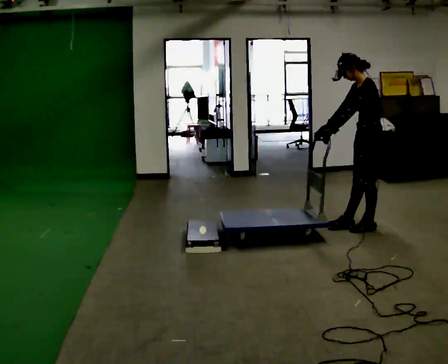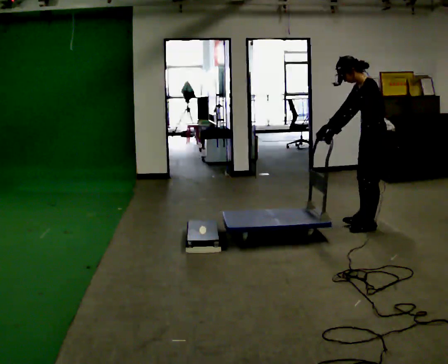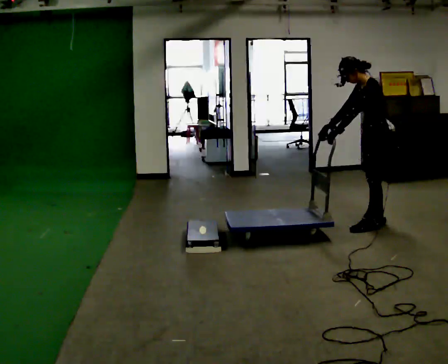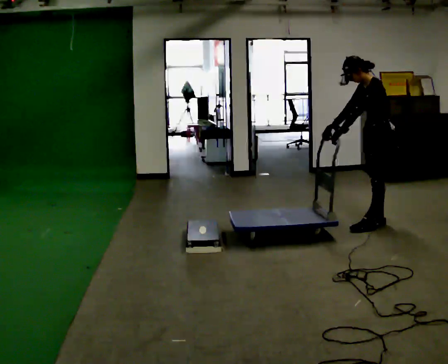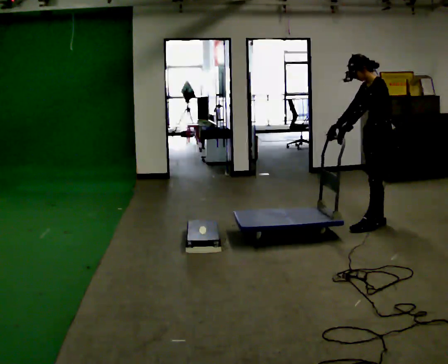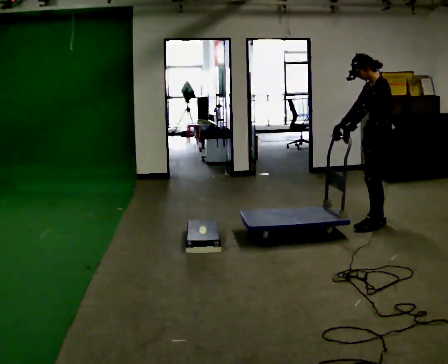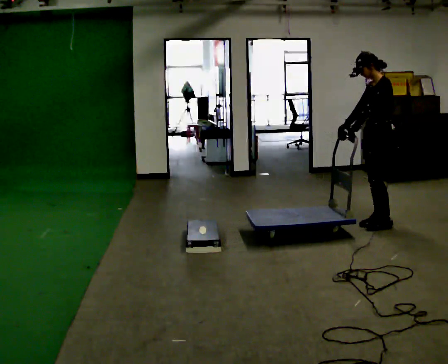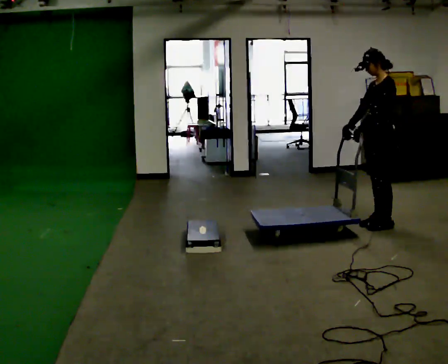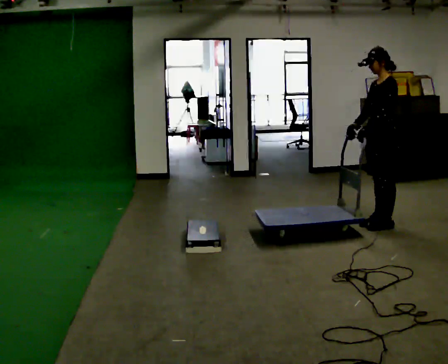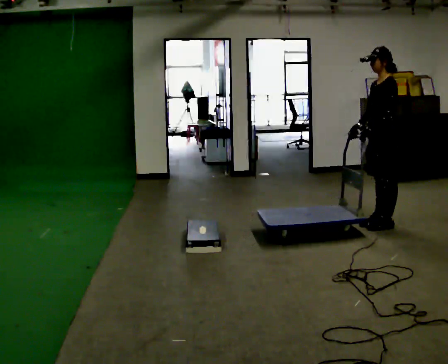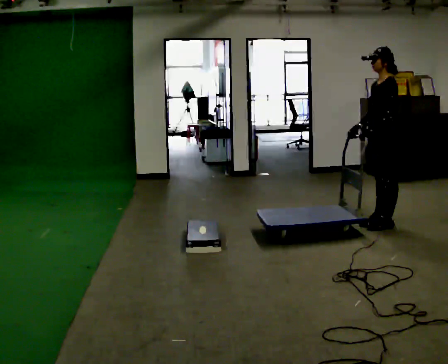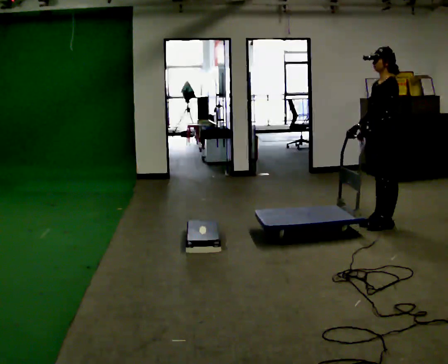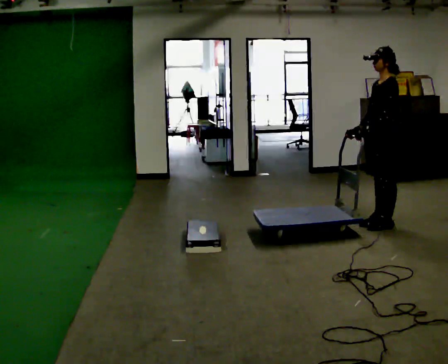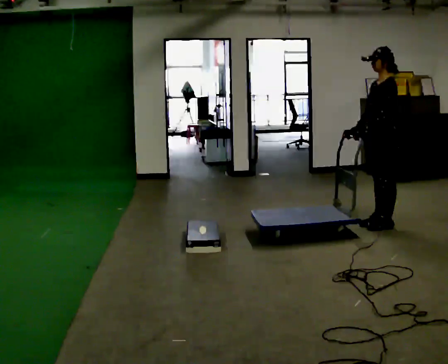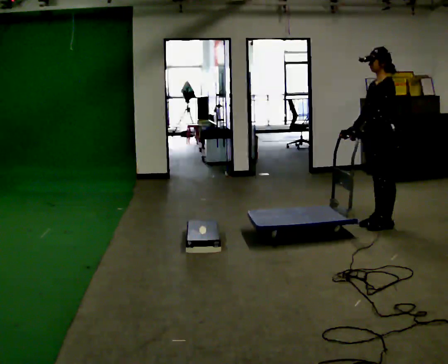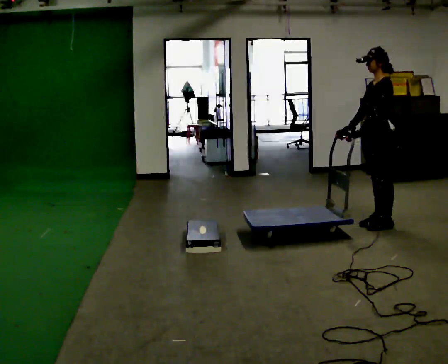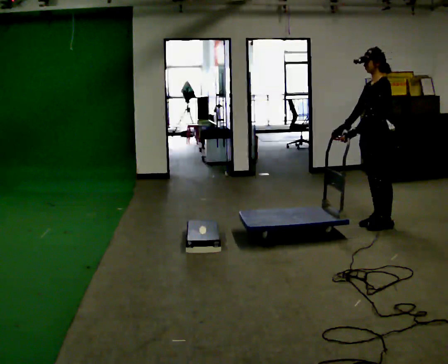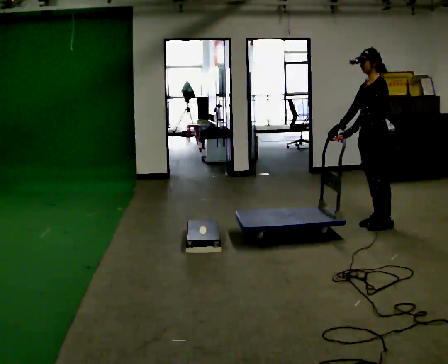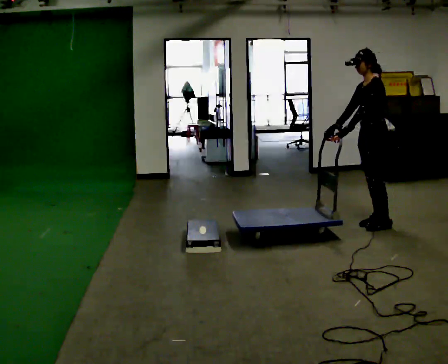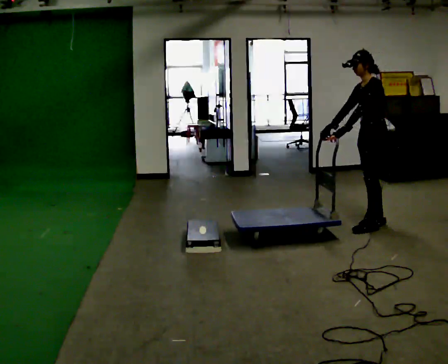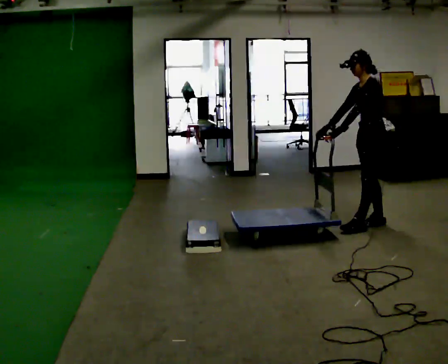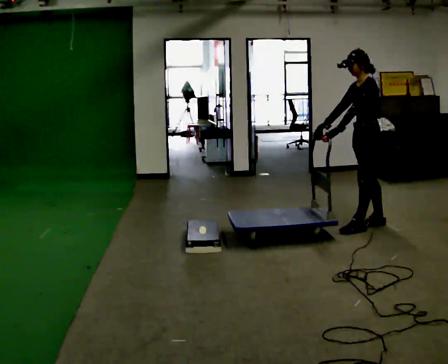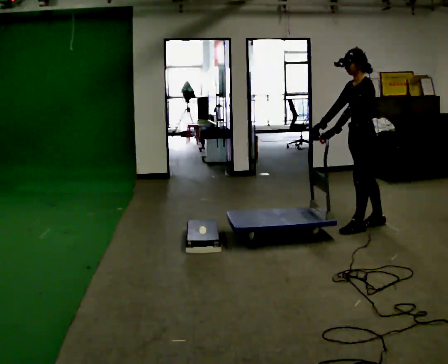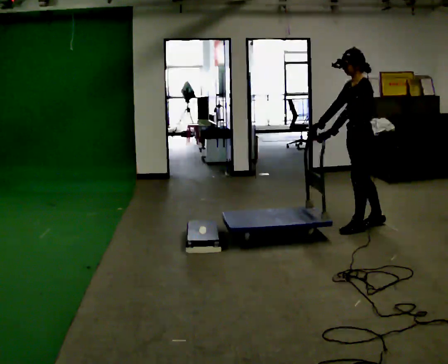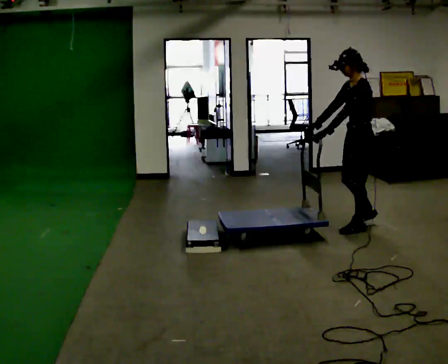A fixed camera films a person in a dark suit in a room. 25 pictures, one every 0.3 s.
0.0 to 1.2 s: The person moves a little, or ends about where they began.
1.2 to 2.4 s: In the picture the upper body tilts clockwise, shoulders to the right, as they lean back or straighten.
2.4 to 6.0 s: In the picture the upper body tilts counterclockwise, shoulders to the left, as they bend forward.
6.0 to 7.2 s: In the picture they go toward the camera, about 0.25 m, which for them is forward and to their left.
The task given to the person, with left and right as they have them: Push the cart up over the low platform edge and down the other side, then bring it back over.
The film runs forward here.
